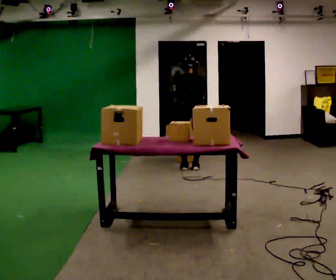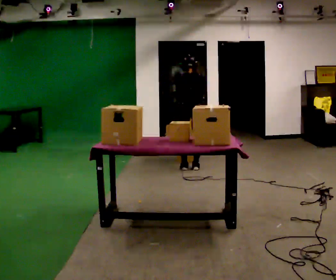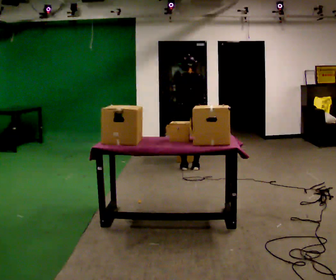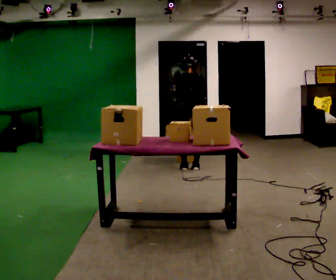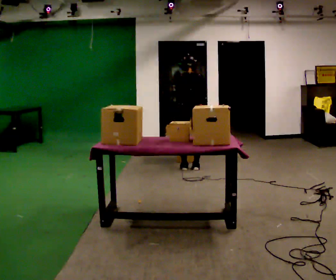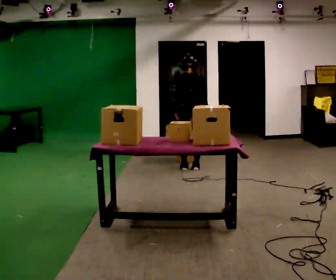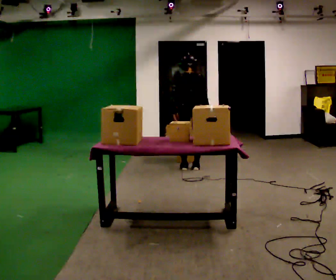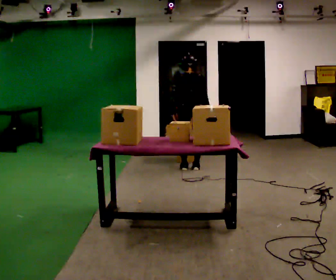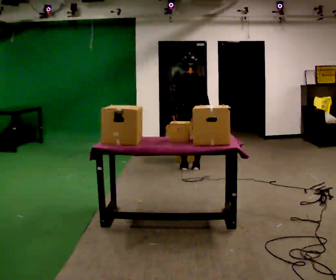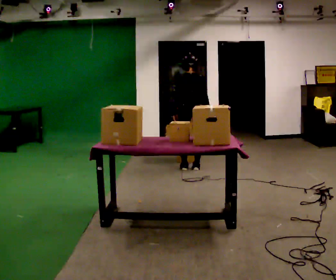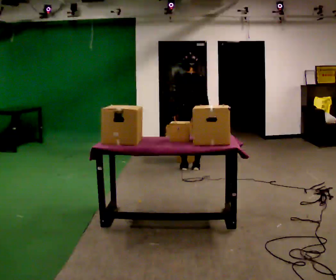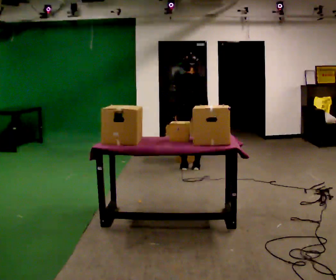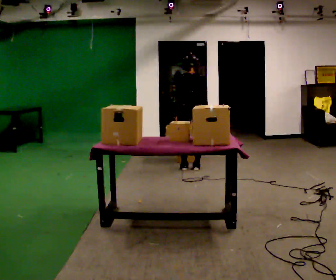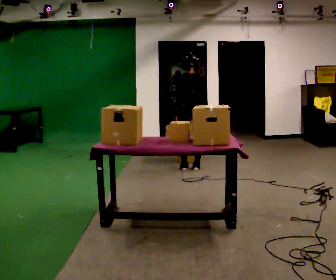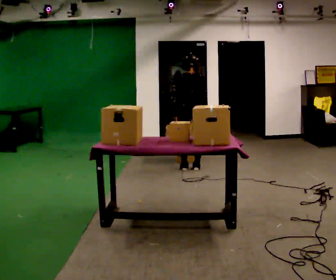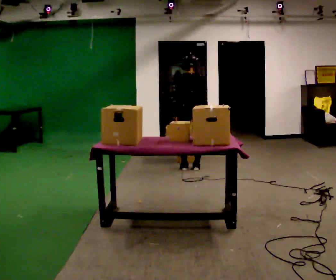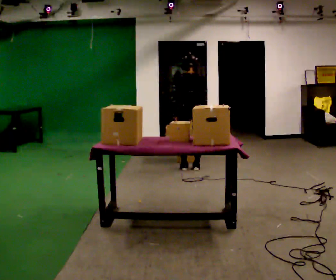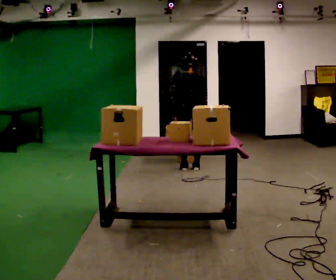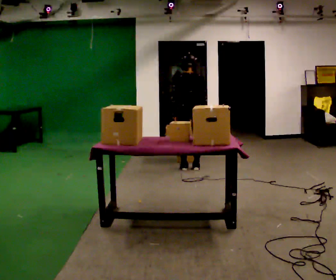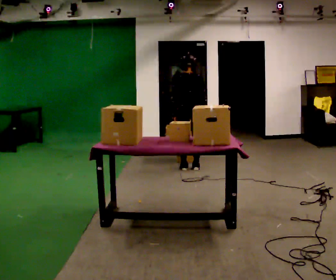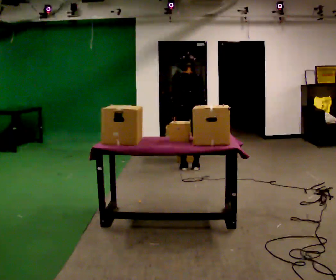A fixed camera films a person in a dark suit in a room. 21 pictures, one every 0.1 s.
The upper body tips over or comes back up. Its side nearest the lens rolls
downward.
0.0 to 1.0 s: The upper body tips toward the camera, its near side rolling downward, as they lean back or straighten.
1.0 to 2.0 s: The person moves a little, or ends about where they began.
The film runs backward here.
